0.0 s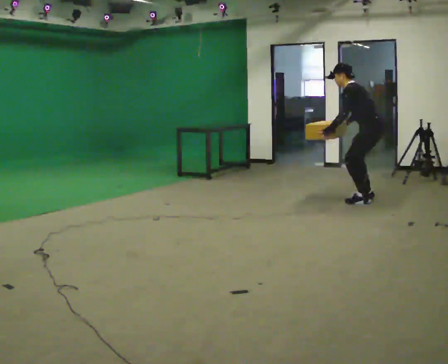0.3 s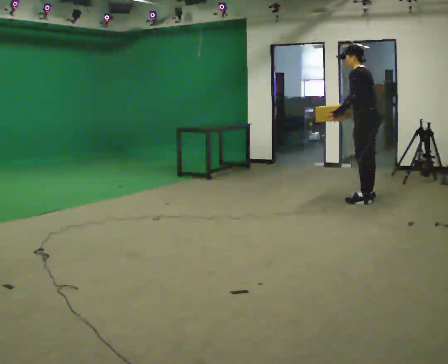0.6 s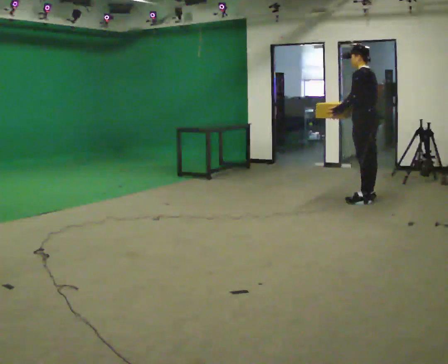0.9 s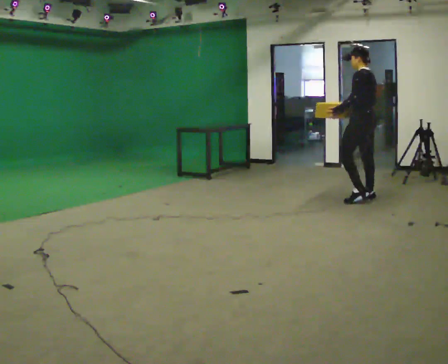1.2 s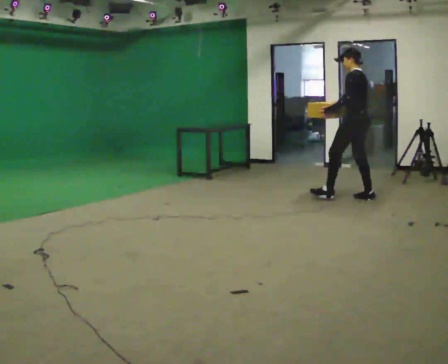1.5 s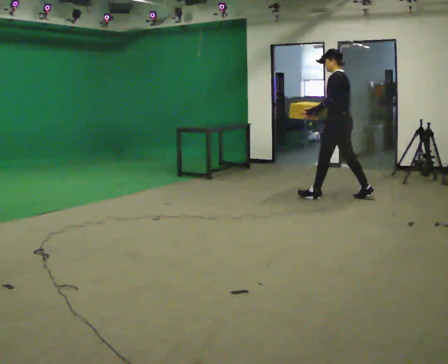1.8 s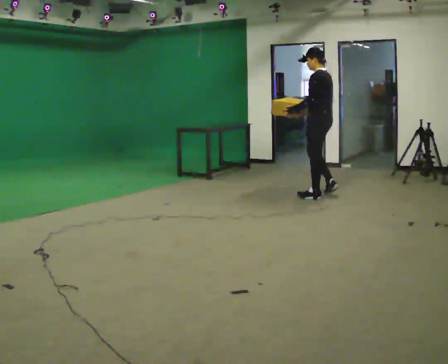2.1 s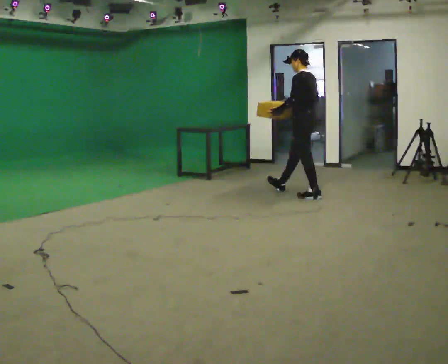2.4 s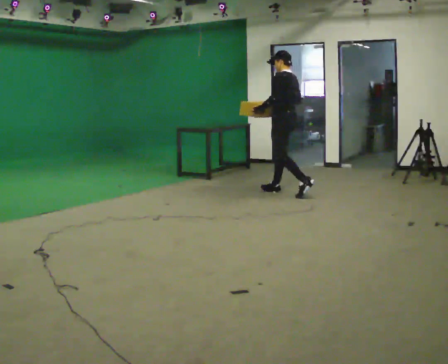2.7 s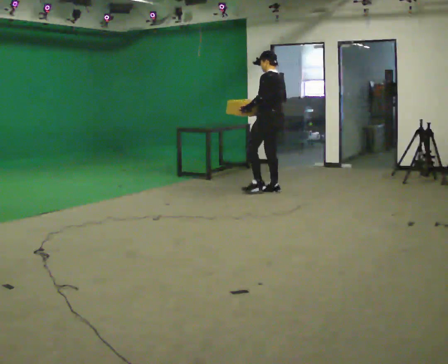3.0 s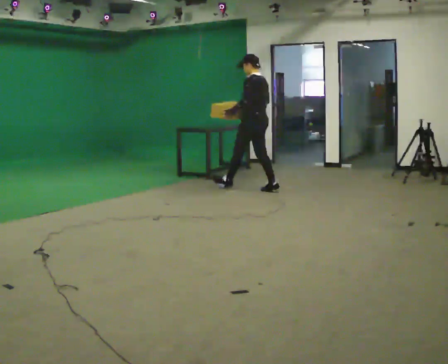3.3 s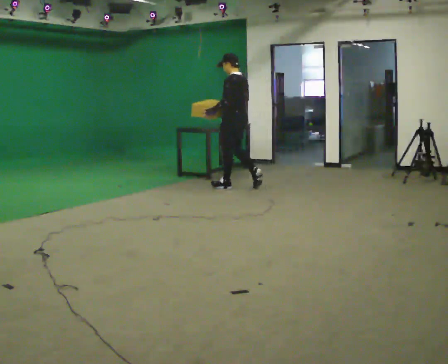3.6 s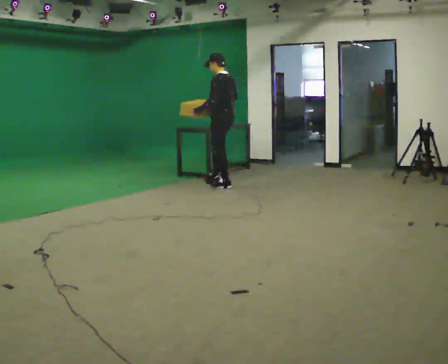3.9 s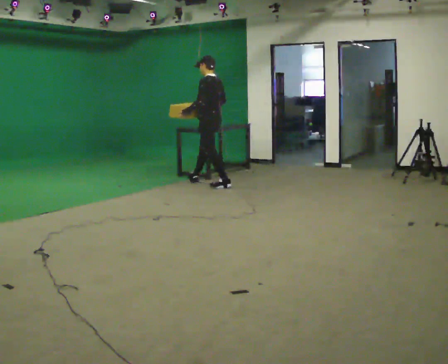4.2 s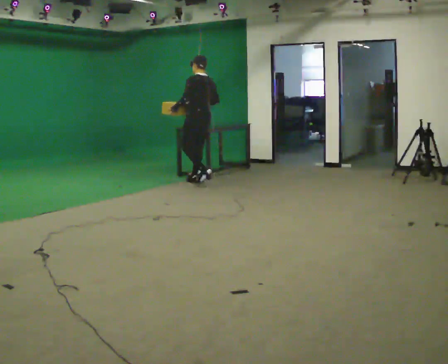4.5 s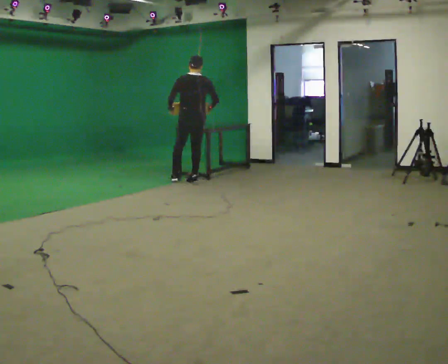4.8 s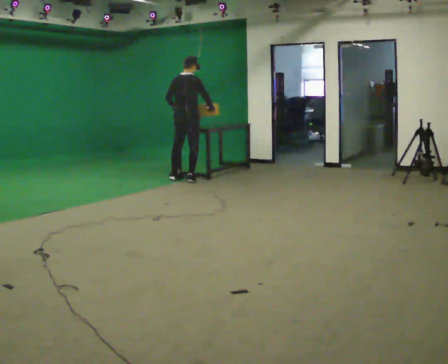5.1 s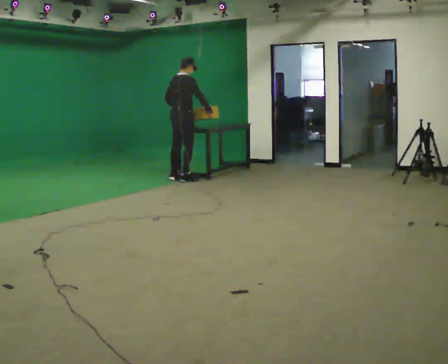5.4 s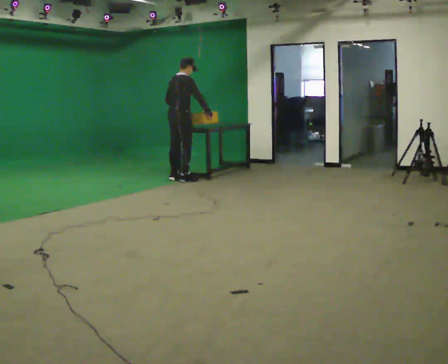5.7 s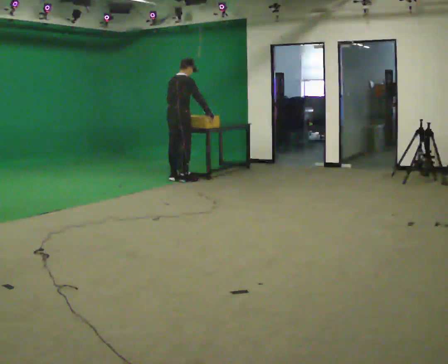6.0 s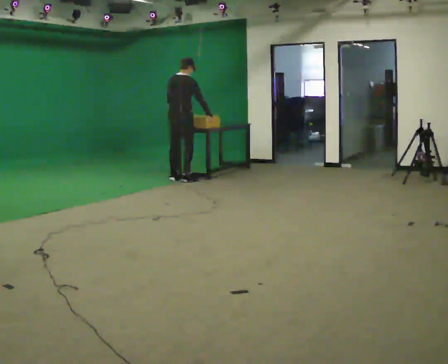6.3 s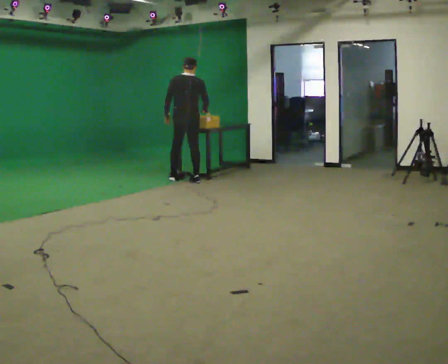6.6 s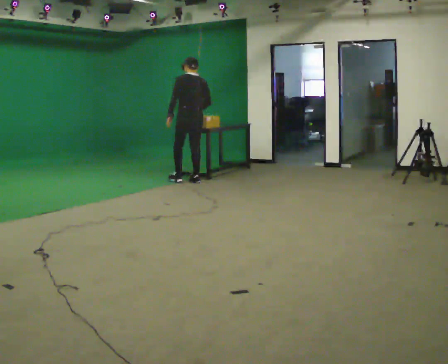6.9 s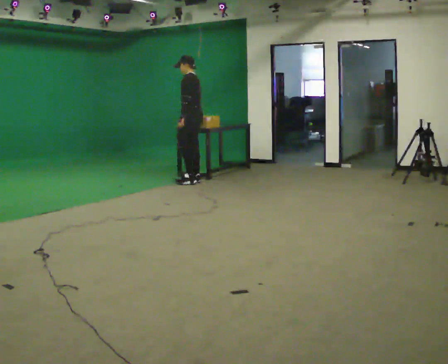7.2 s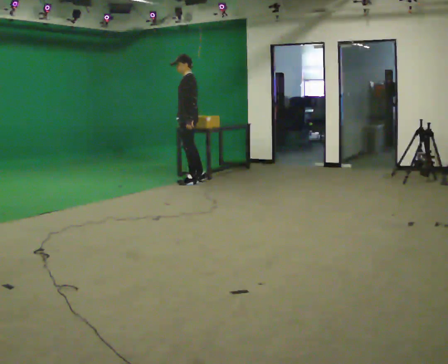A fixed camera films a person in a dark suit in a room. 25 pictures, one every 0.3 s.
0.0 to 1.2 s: In the picture they go away from the camera, about 0.25 m, which for them is forward. The shoulders move upward. In the picture the upper body tilts clockwise, shoulders to the right, as they lean back or straighten.
1.2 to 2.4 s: In the picture they go to the left and away from the camera, about 1 m in 2 steps, which for them is forward.
2.4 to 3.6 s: In the picture they go to the left and away from the camera, about 1 m in 1 step, which for them is forward.
3.6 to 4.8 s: Seen from above the body turns clockwise, about 90 degrees: to their right, with its near side sliding to the left. In the picture they go to the left and away from the camera, about 0.75 m in 2 steps.
4.8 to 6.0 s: The person moves a little, or ends about where they began.
6.0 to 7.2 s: The person turns about 135 degrees to their left, counterclockwise seen from above, so the part of the body nearest the lens slides to the right. In the picture their left hand goes to the right.
The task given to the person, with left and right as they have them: Walk quickly but do not run; remain comfortable and controlled; stop.
The film runs forward here.
